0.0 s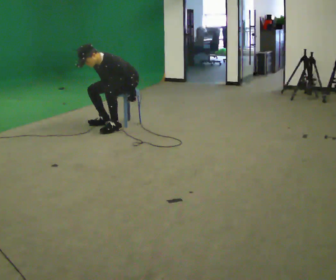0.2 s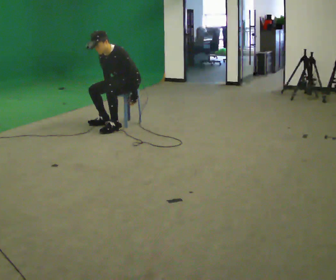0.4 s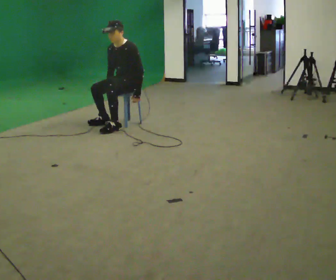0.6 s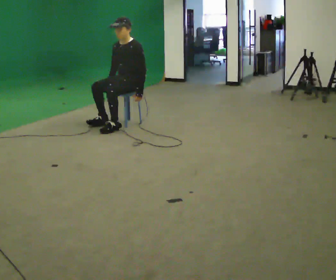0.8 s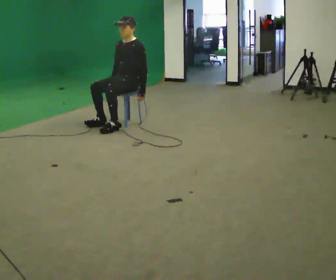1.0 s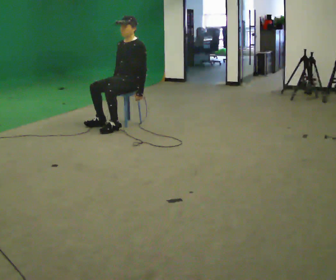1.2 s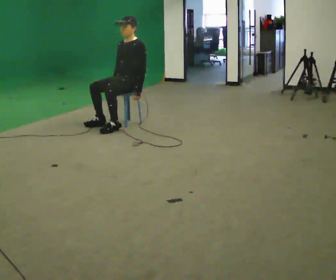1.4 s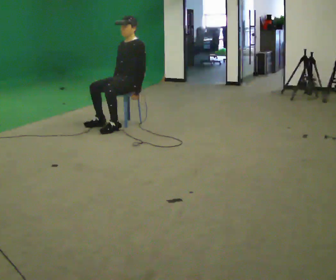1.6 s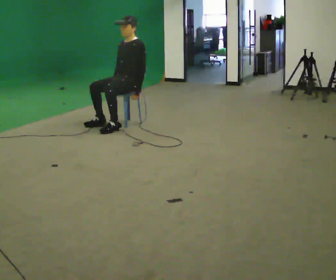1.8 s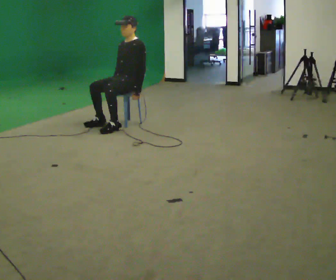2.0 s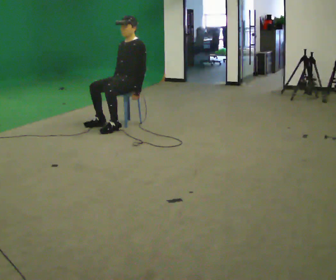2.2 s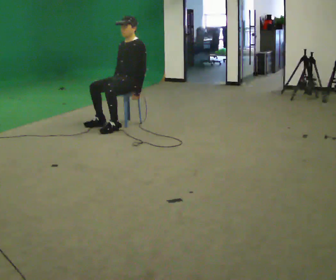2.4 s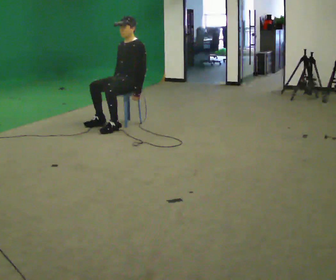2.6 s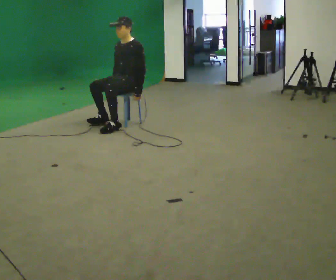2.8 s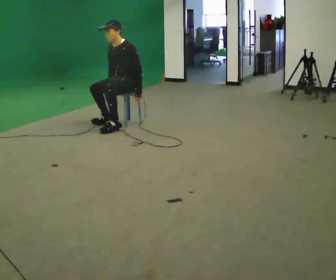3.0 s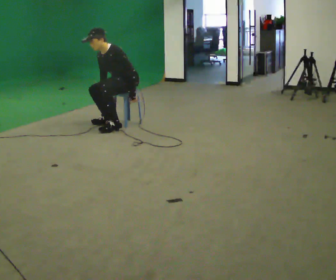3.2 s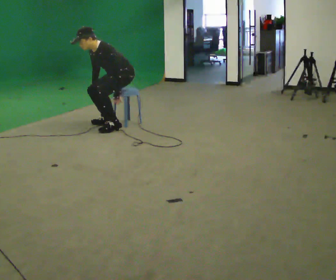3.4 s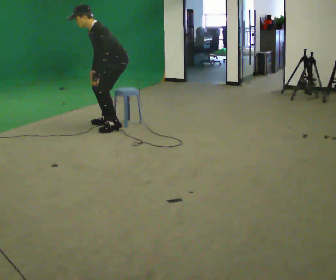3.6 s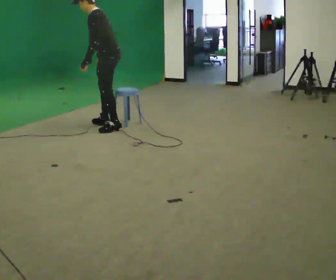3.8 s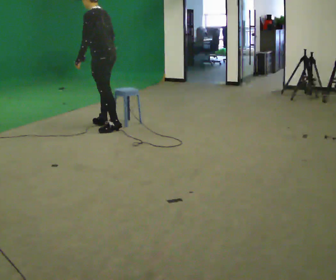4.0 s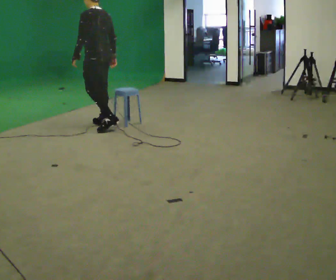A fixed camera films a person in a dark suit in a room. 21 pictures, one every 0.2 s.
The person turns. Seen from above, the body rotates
clockwise.
The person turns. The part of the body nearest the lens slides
to the left.
0.0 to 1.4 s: The shoulders move upward. In the picture the upper body tilts clockwise, shoulders to the right, as they lean back or straighten.
1.4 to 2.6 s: The person moves a little, or ends about where they began.
2.6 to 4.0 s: The part of the body nearest the lens slides to the left as the person turns to their right by about 75 degrees. In the picture they go to the left, about 0.5 m. The upper body goes upward. In the picture their right hand goes upward.
The film runs forward here.
